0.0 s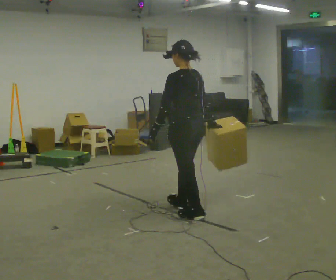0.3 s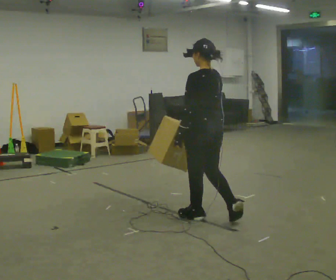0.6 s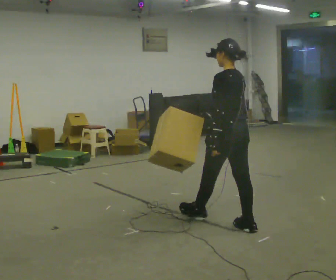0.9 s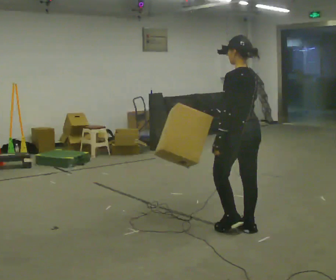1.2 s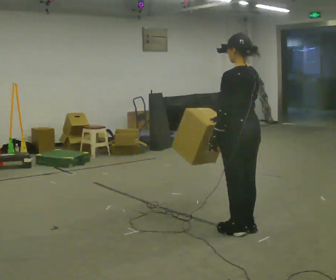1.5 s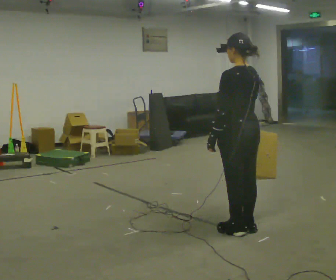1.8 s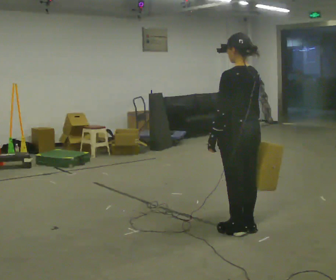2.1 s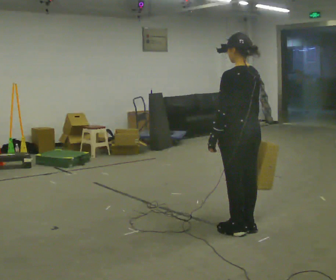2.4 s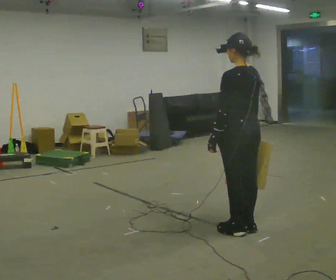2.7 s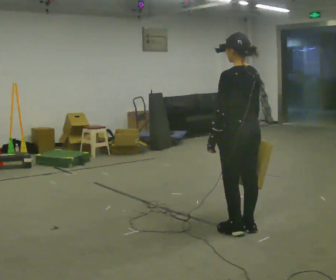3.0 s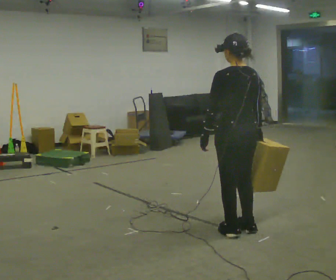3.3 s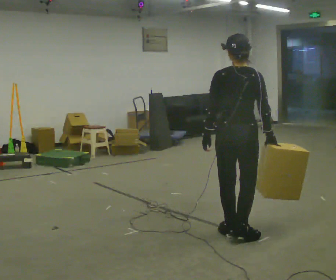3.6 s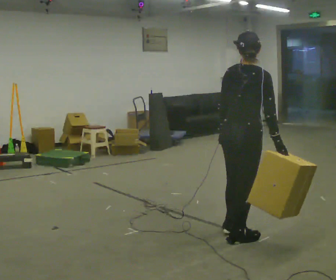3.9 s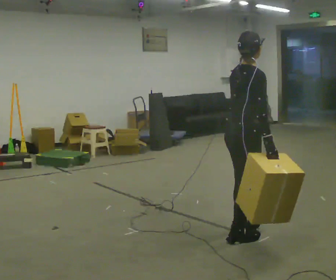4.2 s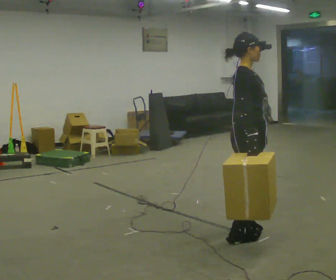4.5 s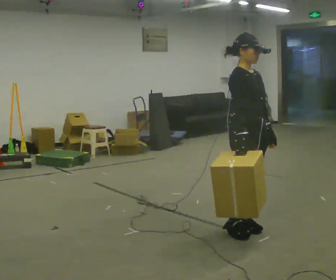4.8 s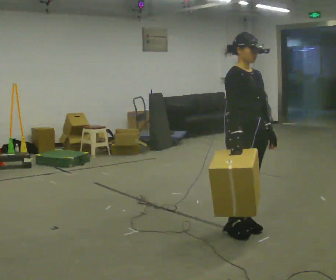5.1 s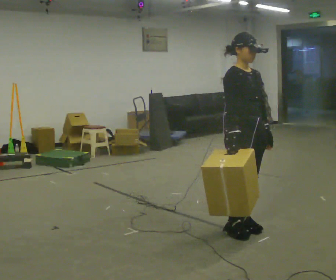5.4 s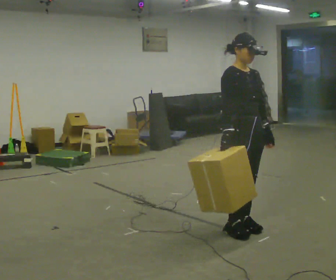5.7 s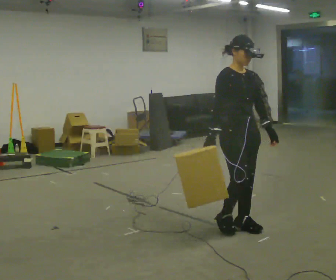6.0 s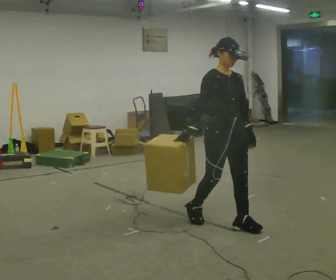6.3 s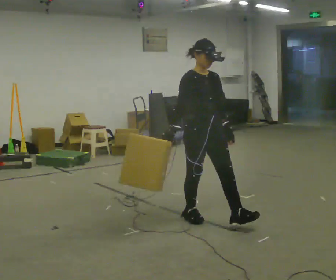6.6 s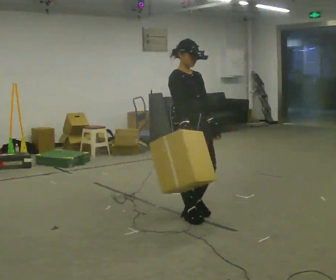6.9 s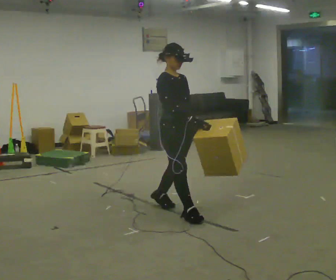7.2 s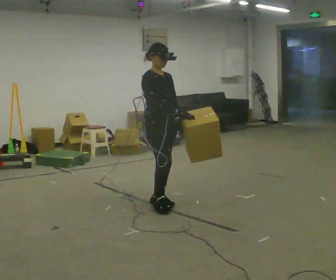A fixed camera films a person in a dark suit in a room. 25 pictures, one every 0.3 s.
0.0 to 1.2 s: In the picture they go to the right and toward the camera, about 0.5 m in 1 step, which for them is backward.
1.2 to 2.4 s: The person moves a little, or ends about where they began.
2.4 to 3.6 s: The person turns about 60 degrees to their right, clockwise seen from above, so the part of the body nearest the lens slides to the left. In the picture they go toward the camera, about 0.25 m in 1 step.
3.6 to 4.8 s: The person turns about 120 degrees to their right, clockwise seen from above, so the part of the body nearest the lens slides to the left. In the picture their left hand goes to the right, the arm swinging counterclockwise.
4.8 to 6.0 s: In the picture they go to the left and away from the camera, about 0.25 m in 1 step, which for them is backward. In the picture their right hand goes to the left.
6.0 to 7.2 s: In the picture they go to the left and away from the camera, about 1 m in 2 steps, which for them is backward.
The film runs backward here.
